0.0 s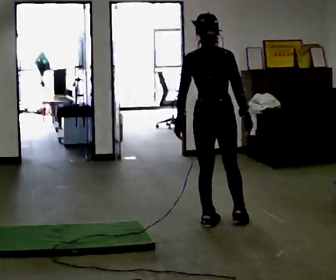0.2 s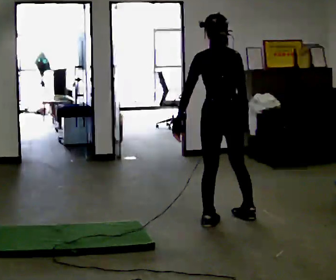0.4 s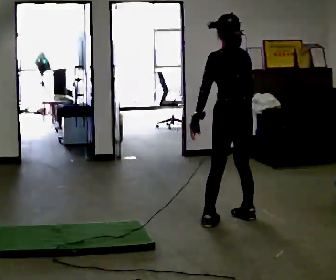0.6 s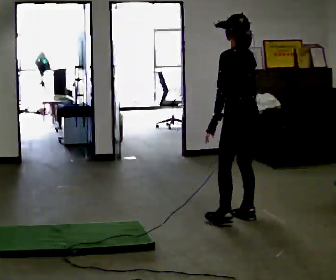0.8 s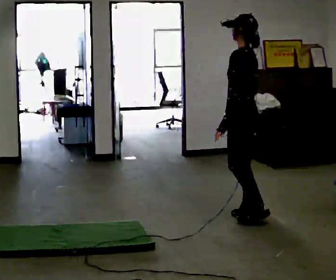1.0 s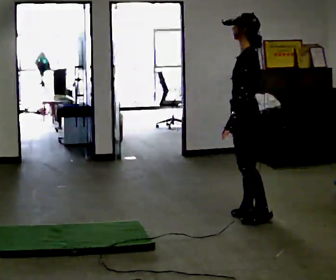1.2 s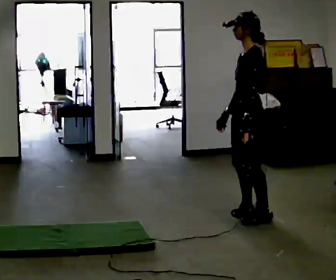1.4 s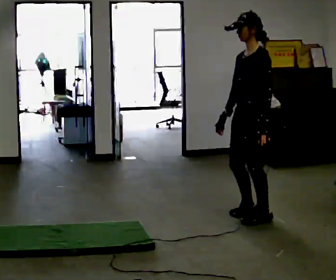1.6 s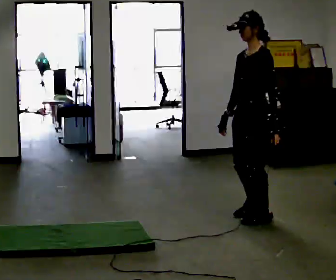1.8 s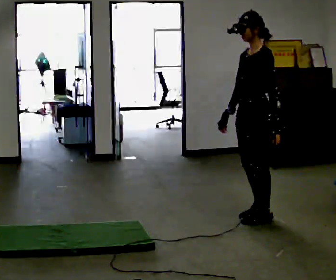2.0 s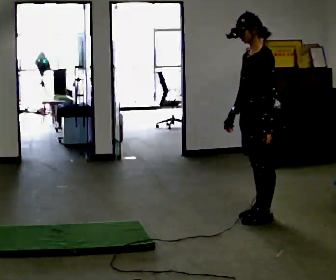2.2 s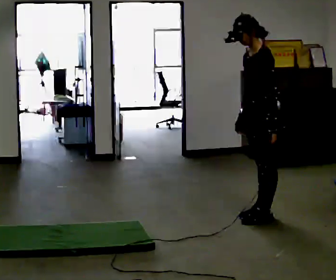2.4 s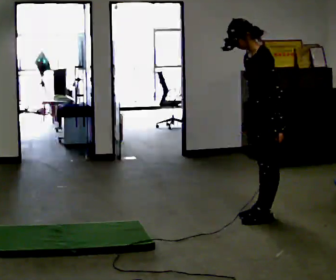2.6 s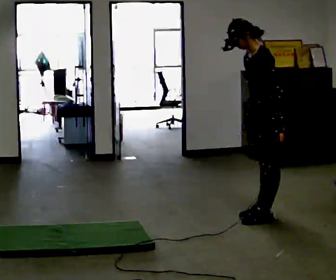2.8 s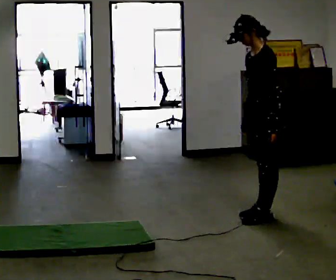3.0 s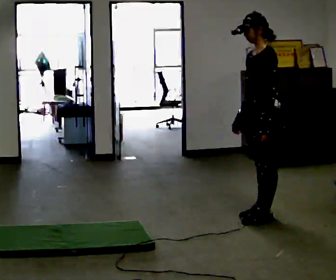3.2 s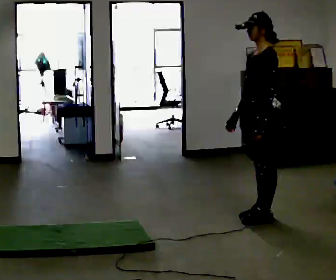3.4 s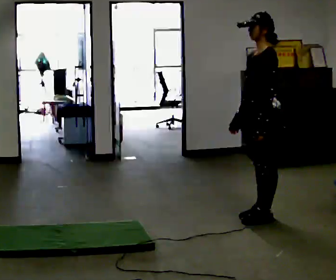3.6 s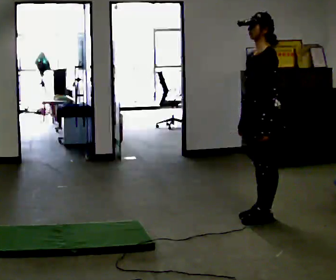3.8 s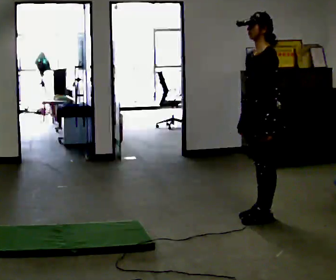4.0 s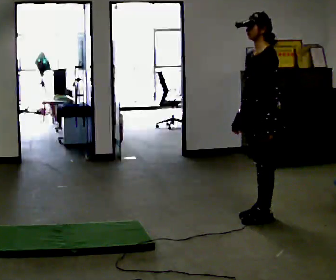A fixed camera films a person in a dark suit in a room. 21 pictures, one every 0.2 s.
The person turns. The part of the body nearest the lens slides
to the right.
The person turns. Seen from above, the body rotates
counterclockwise.
0.0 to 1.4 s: The part of the body nearest the lens slides to the right as the person turns to their left by about 120 degrees. In the picture they go to the right, about 0.25 m in 2 steps.
1.4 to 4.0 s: The person moves a little, or ends about where they began.
The film runs forward here.
